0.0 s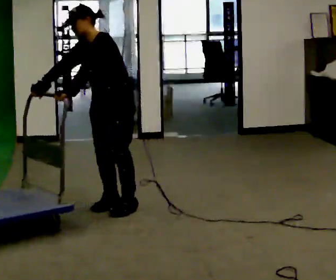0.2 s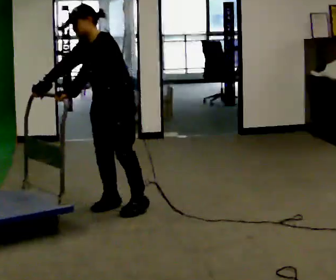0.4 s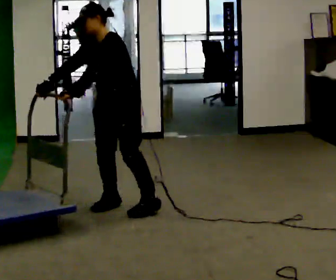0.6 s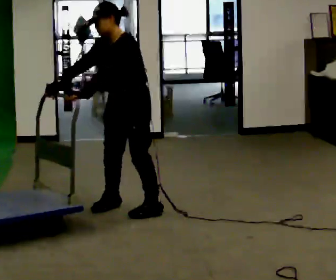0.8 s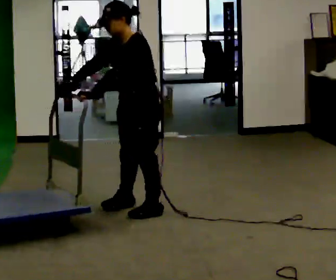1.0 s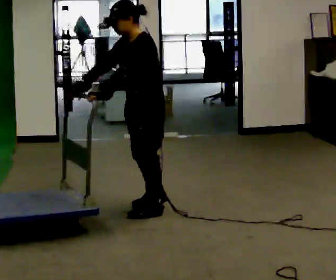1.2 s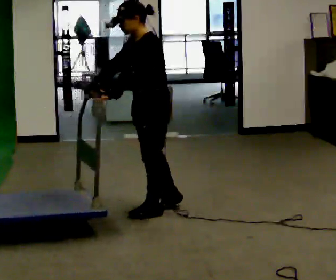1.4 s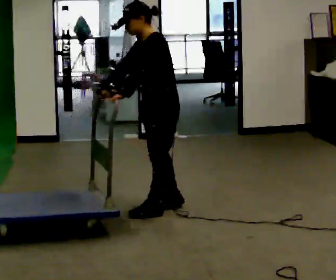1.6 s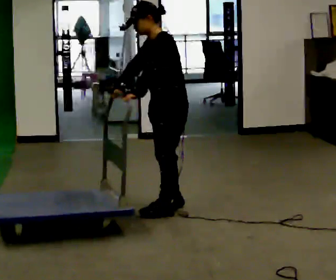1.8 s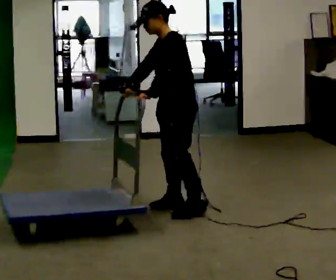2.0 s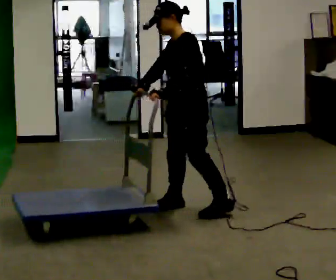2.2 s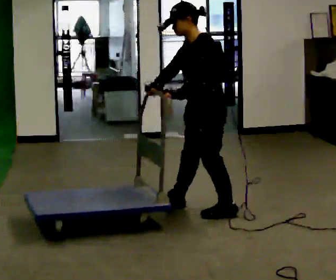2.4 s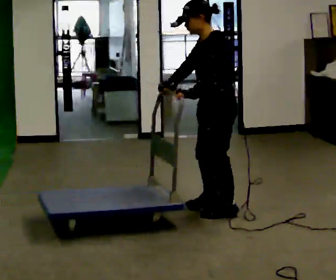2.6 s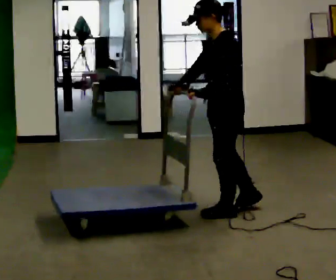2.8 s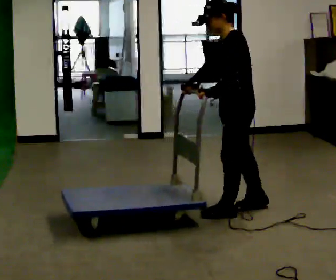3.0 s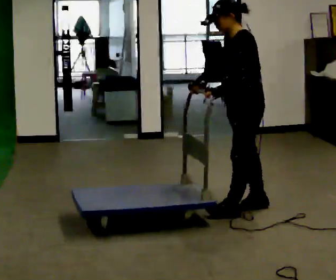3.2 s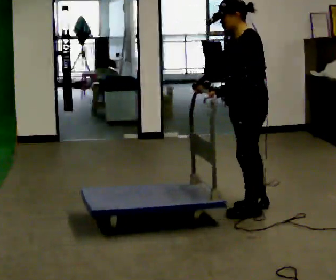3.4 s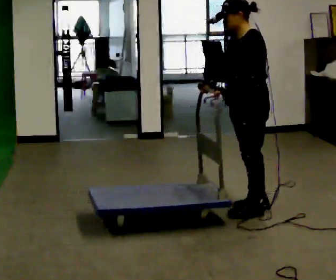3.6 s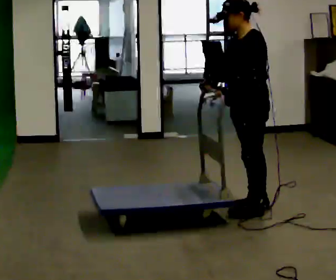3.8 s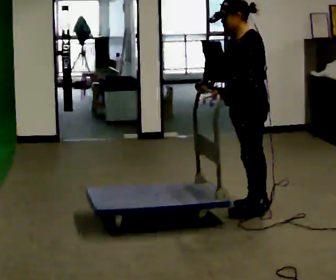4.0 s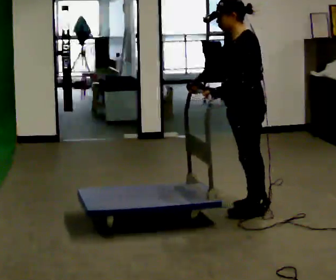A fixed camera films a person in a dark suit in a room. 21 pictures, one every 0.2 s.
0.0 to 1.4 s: The part of the body nearest the lens slides to the left as the person turns to their right by about 30 degrees. In the picture they go to the right, about 0.25 m in 2 steps, which for them is to their left and backward.
1.4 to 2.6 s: In the picture they go to the right, about 0.5 m in 1 step, which for them is backward and to their left.
2.6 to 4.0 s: The person moves a little, or ends about where they began.
The film runs forward here.
